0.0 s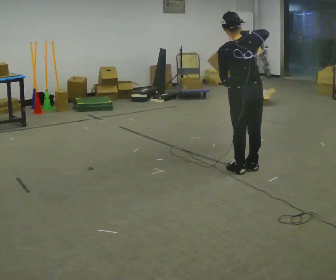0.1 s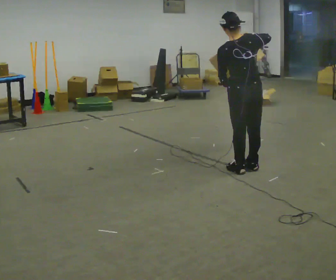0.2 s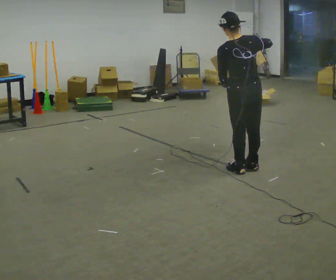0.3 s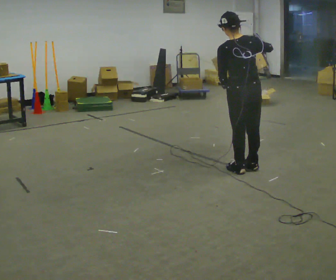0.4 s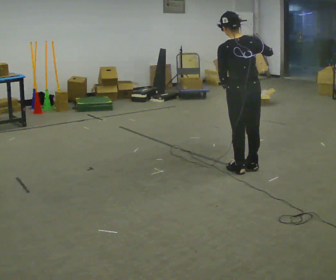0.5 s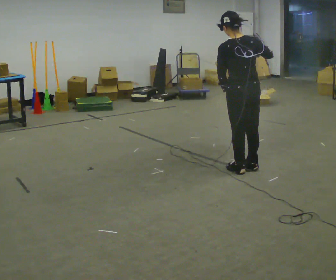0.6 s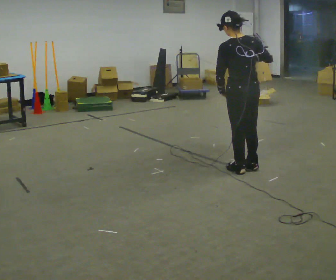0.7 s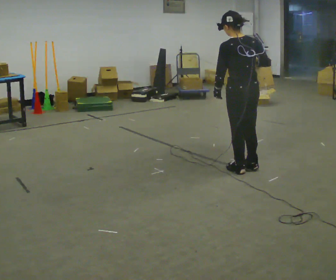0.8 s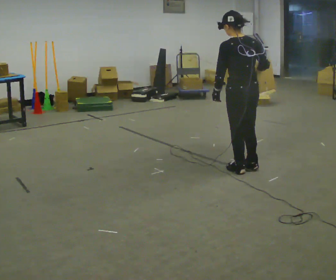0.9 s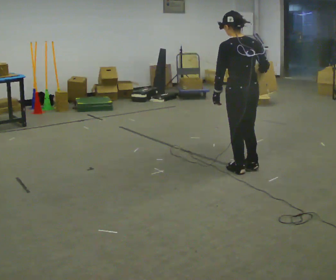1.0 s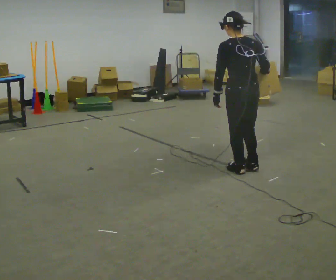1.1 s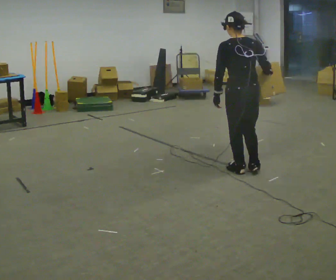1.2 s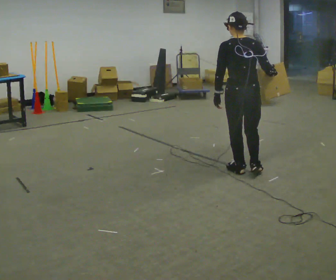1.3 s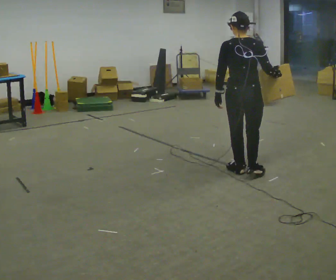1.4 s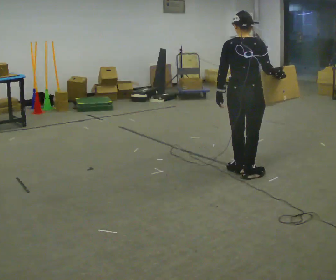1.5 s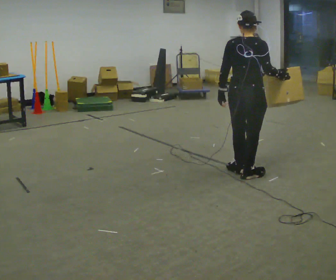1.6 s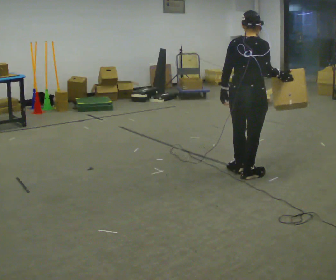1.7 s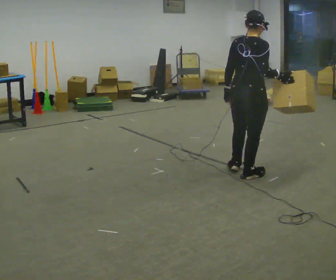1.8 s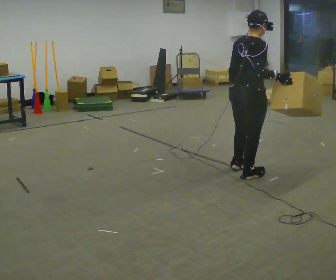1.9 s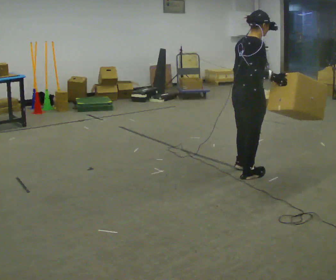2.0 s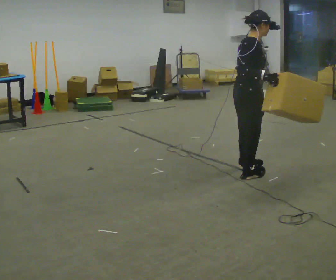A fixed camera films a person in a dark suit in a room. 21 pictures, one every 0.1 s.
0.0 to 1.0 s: In the picture their right hand goes downward.
1.0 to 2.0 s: The person turns about 90 degrees to their right, clockwise seen from above, so the part of the body nearest the lens slides to the left. In the picture the upper body tilts clockwise, shoulders to the right.
The film runs backward here.
